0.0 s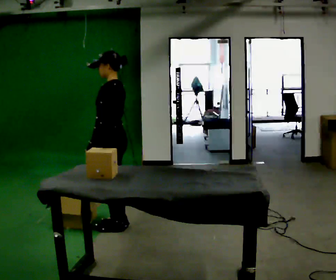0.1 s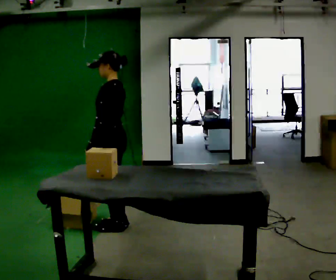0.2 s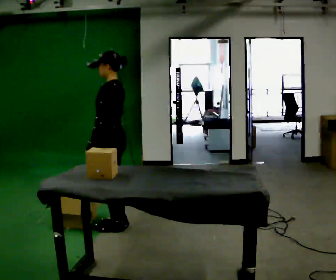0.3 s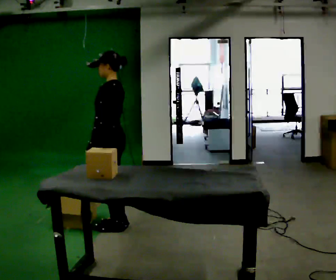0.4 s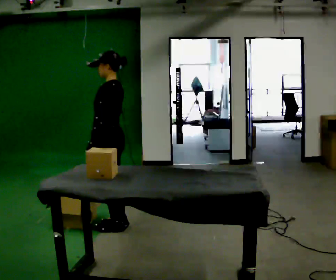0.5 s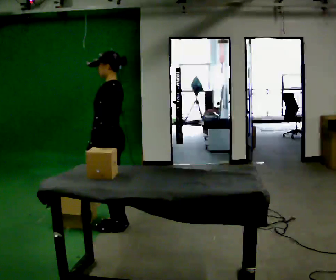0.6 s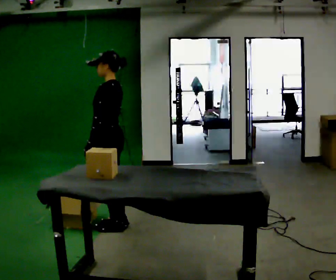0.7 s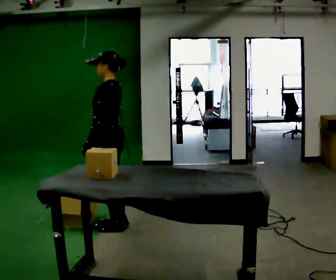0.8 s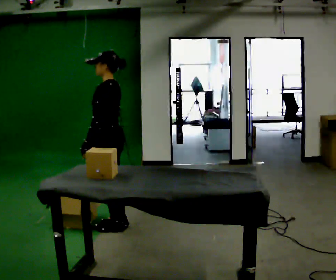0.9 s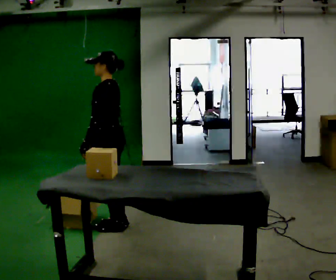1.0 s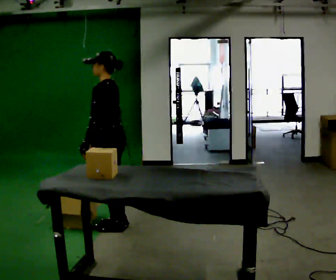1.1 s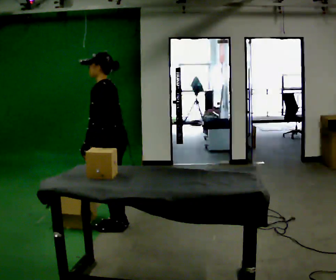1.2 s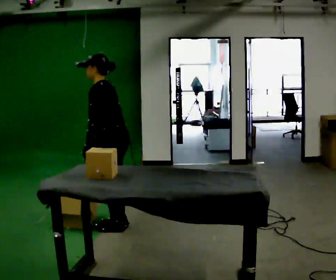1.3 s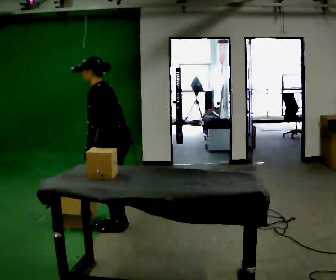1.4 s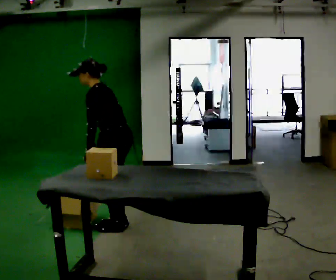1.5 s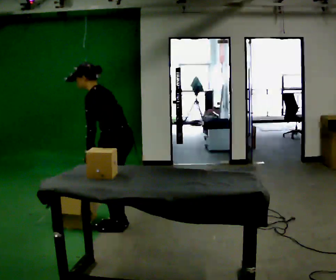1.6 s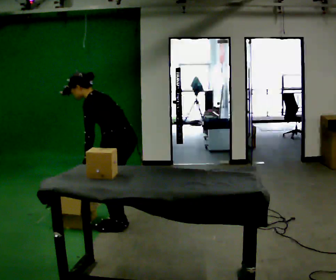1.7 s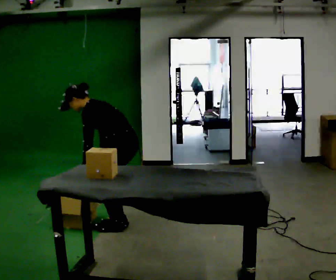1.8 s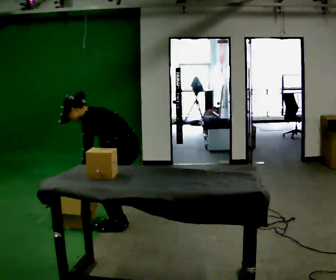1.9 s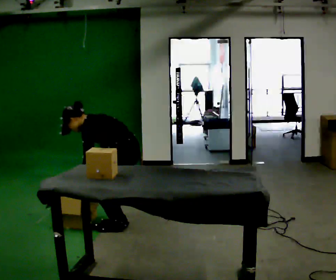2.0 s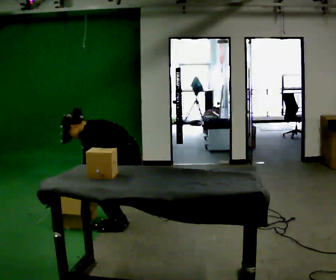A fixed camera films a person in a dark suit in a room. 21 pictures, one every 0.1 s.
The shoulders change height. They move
downward.
The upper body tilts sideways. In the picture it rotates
counterclockwise.
0.0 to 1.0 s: The person moves a little, or ends about where they began.
1.0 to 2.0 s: The shoulders move downward. In the picture the upper body tilts counterclockwise, shoulders to the left, as they bend forward. In the picture their left hand goes downward.
The film runs backward here.
